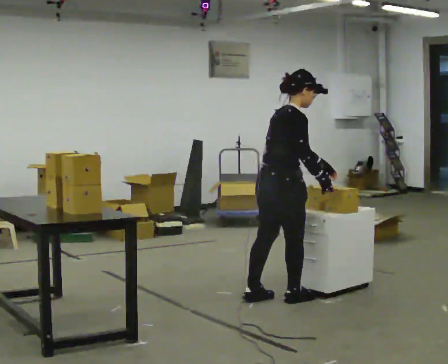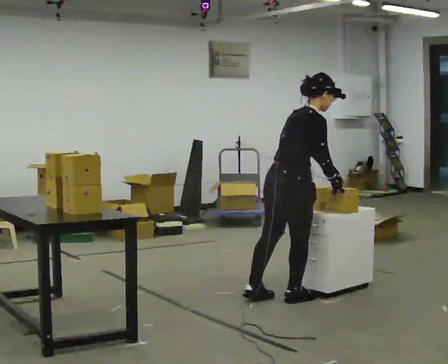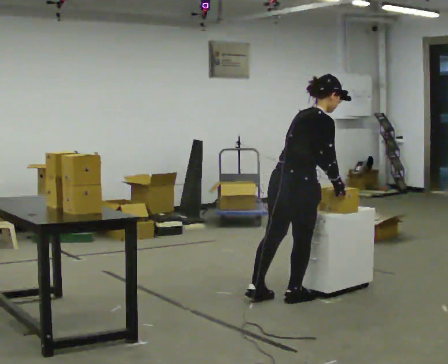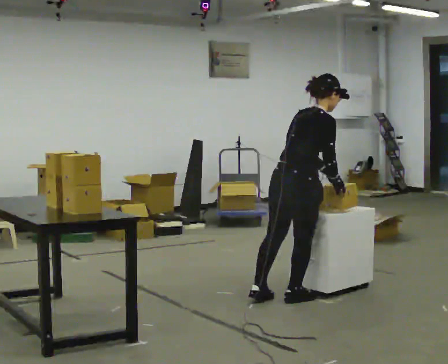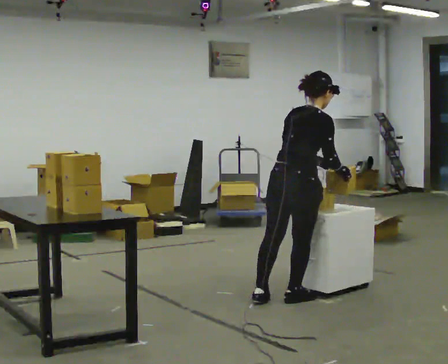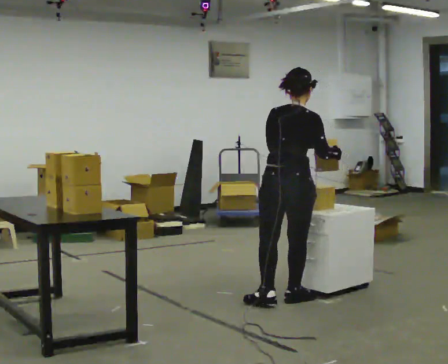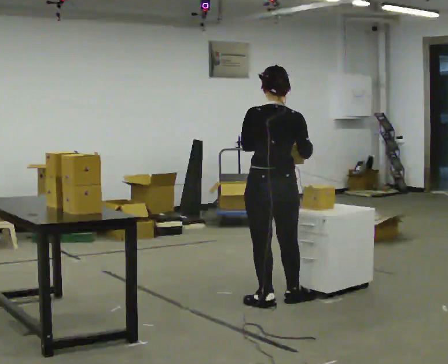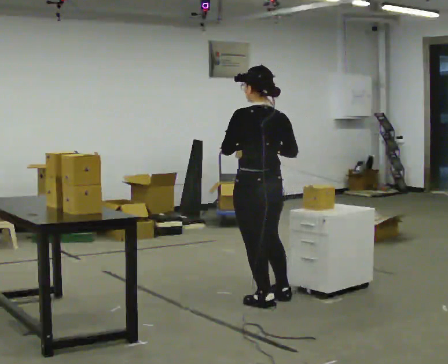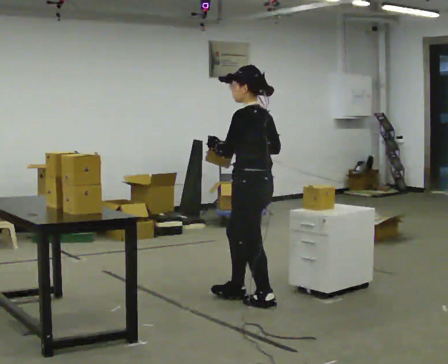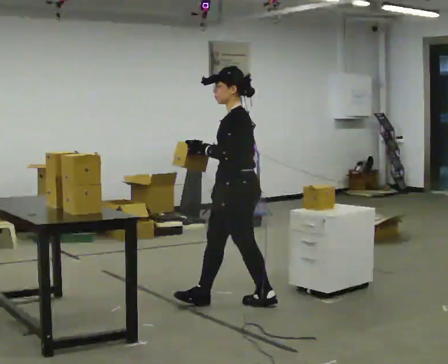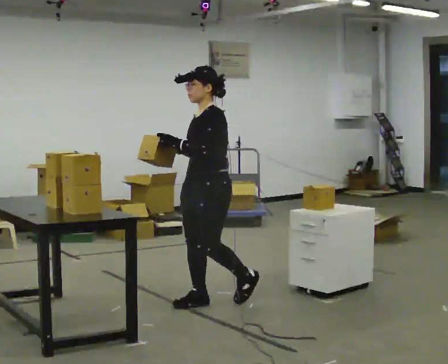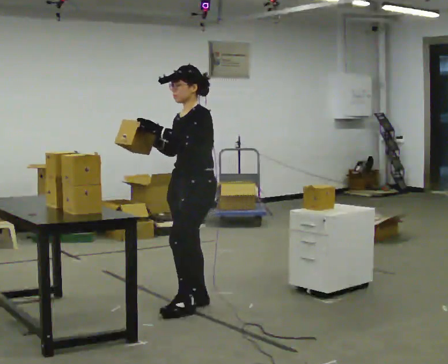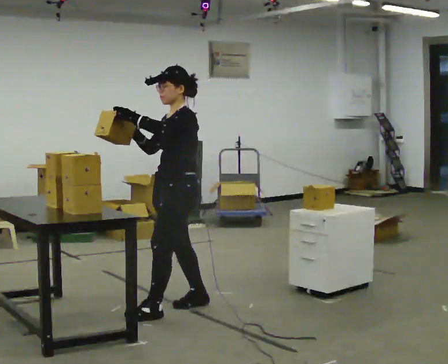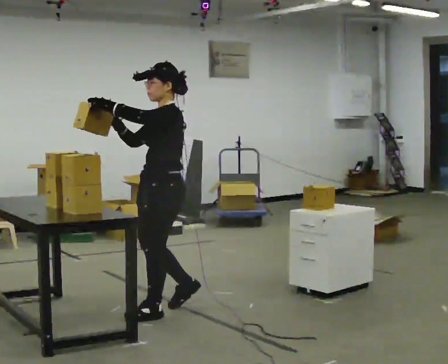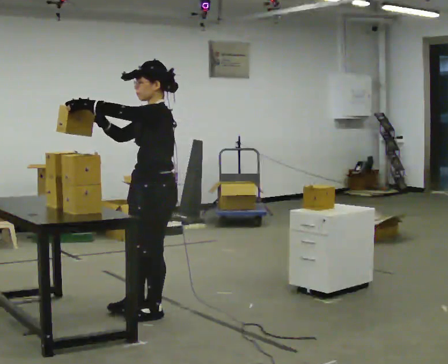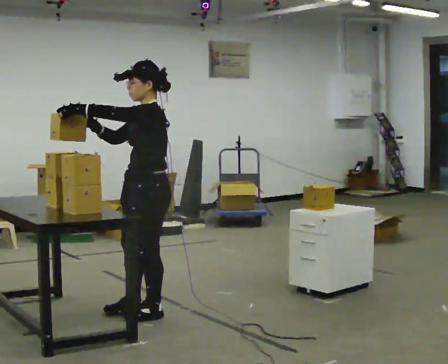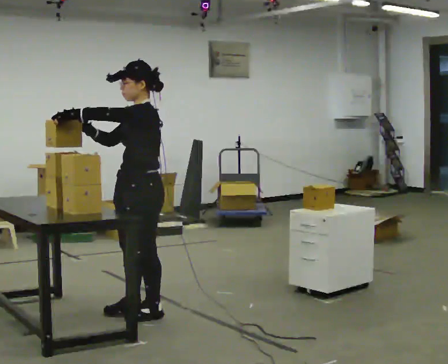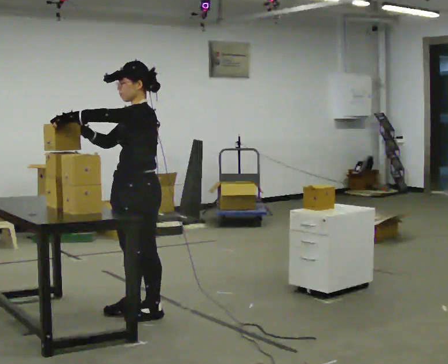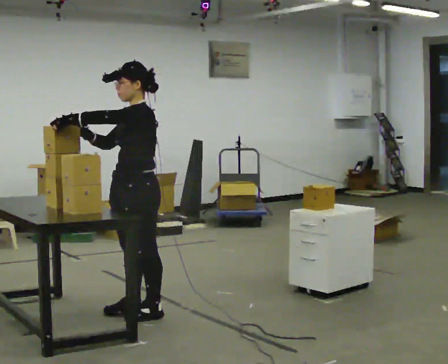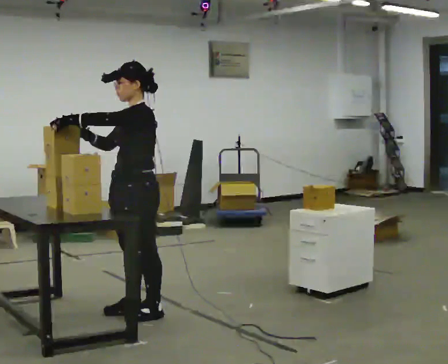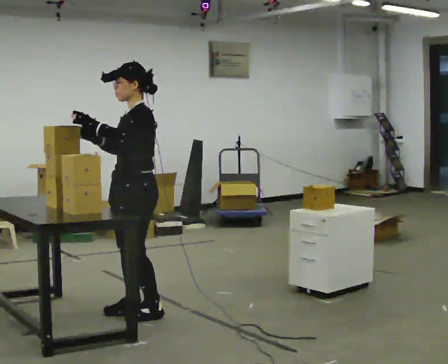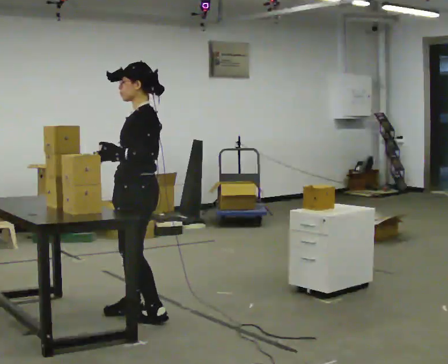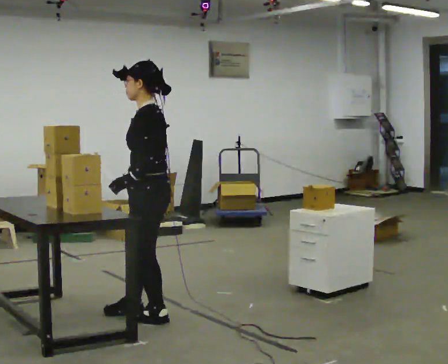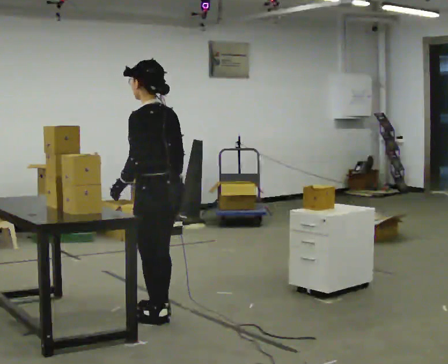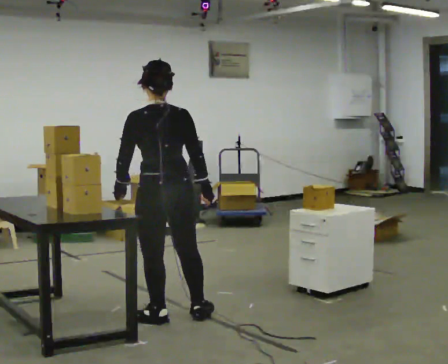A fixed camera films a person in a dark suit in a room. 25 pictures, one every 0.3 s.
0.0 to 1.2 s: Seen from above the body turns counterclockwise, about 30 degrees: to their left, with its near side sliding to the right.
1.2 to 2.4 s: The part of the body nearest the lens slides to the right as the person turns to their left by about 105 degrees. In the picture they go to the left, about 0.25 m in 1 step. In the picture the upper body tilts counterclockwise, shoulders to the left, as they lean back or straighten.
2.4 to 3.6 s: Seen from above the body turns counterclockwise, about 45 degrees: to their left, with its near side sliding to the right. In the picture they go to the left, about 0.5 m in 2 steps, which for them is forward.
3.6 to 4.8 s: In the picture they go to the left, about 0.25 m in 1 step, which for them is forward.
4.8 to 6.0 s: The person moves a little, or ends about where they began.
6.0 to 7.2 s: The person turns about 90 degrees to their right, clockwise seen from above, so the part of the body nearest the lens slides to the left. In the picture they go to the right and toward the camera, about 0.25 m in 1 step.
The film runs forward here.
